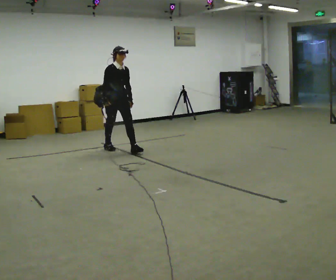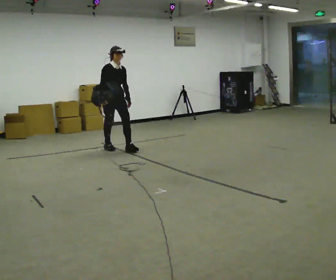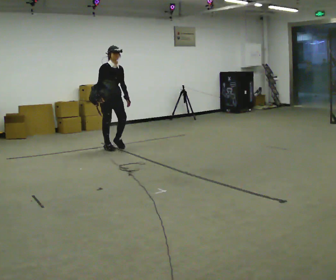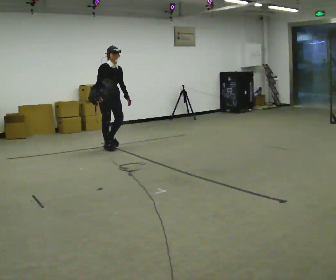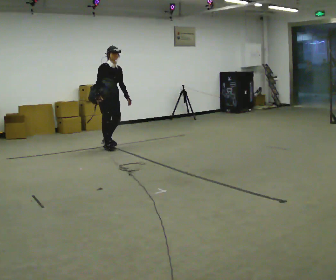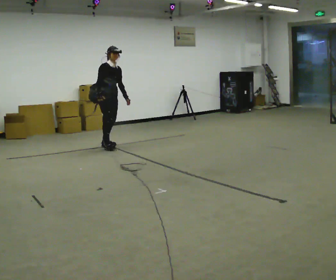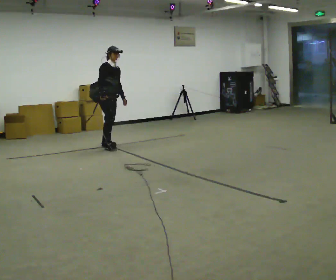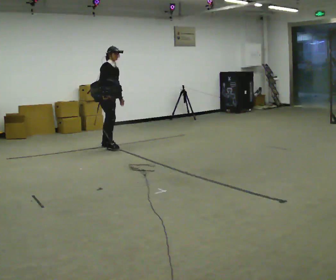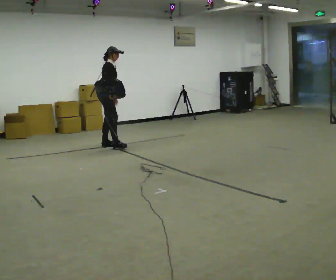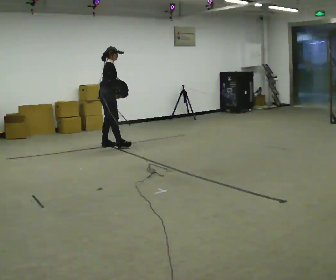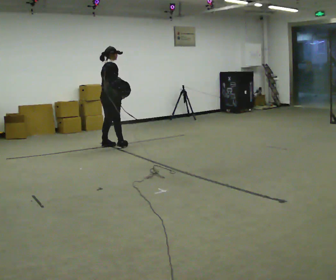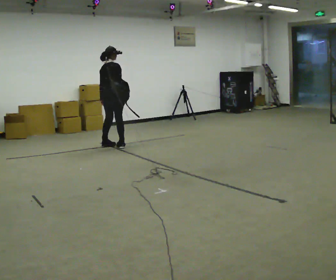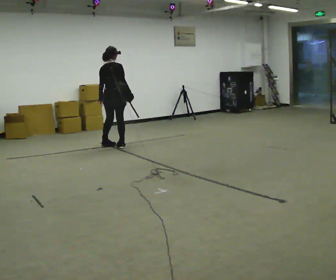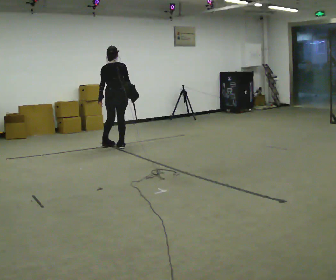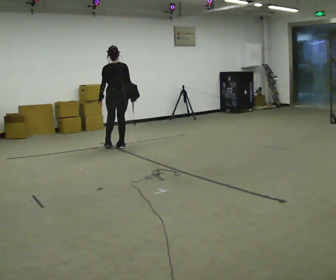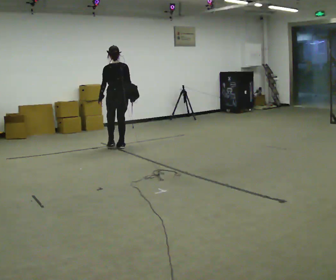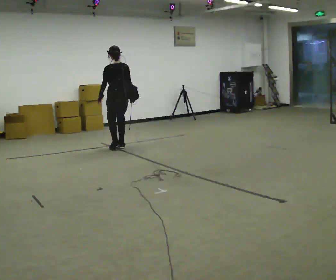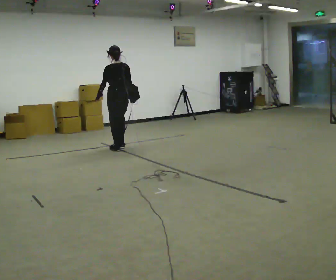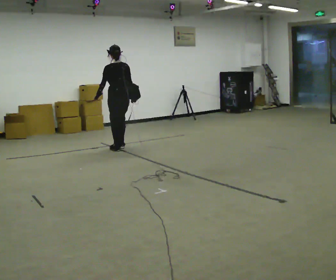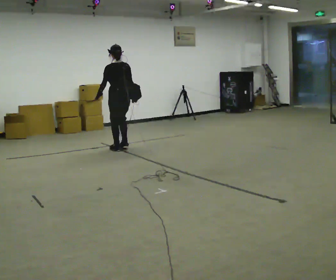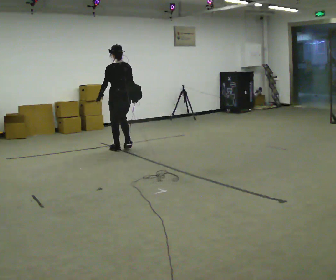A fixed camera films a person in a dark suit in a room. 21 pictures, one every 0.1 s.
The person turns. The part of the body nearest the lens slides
to the right.
The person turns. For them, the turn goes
to their left.
0.0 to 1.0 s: The part of the body nearest the lens slides to the right as the person turns to their left by about 90 degrees. In the picture they go away from the camera, about 0.25 m in 1 step.
1.0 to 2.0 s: The part of the body nearest the lens slides to the right as the person turns to their left by about 90 degrees. In the picture they go toward the camera and to the right, about 0.25 m in 2 steps.
The film runs backward here.
